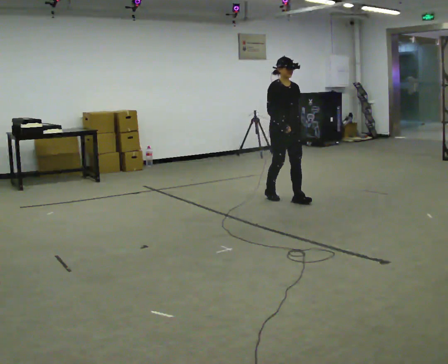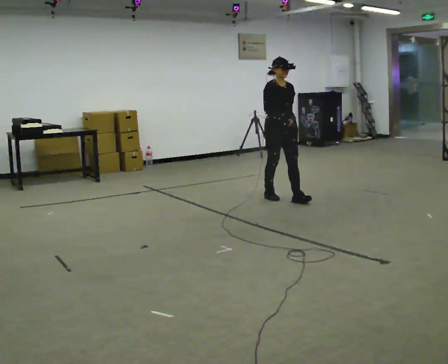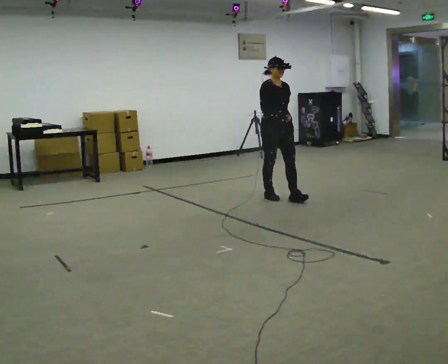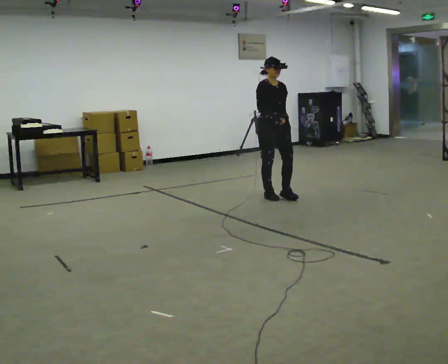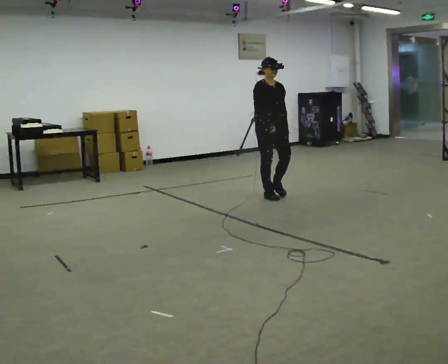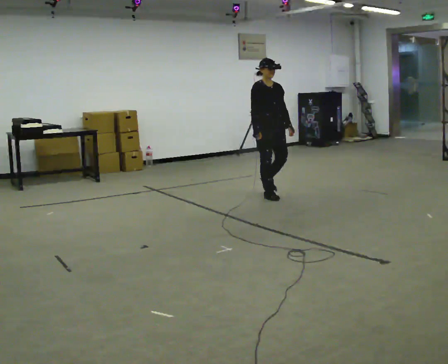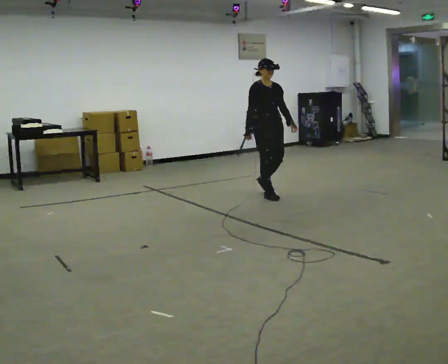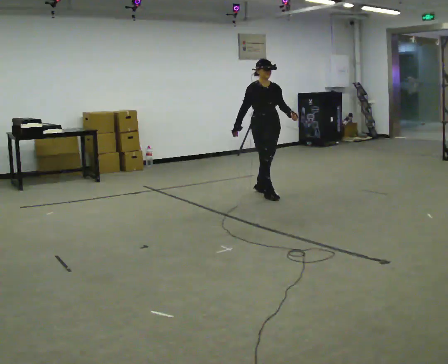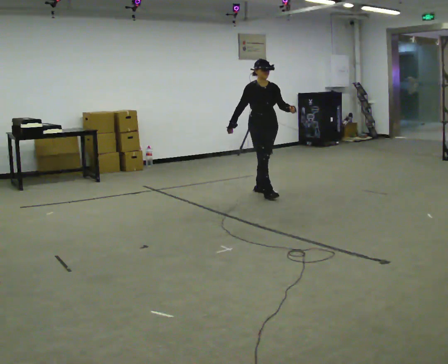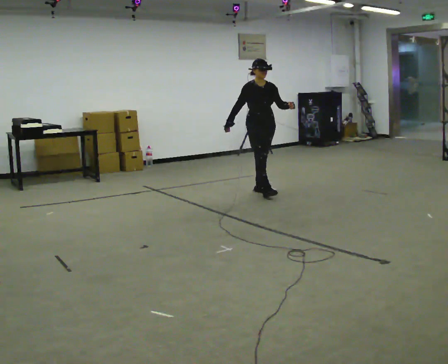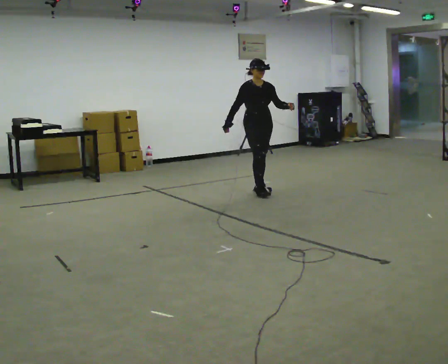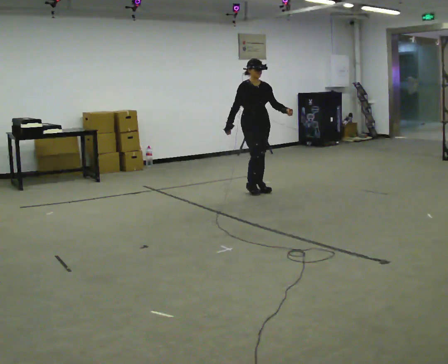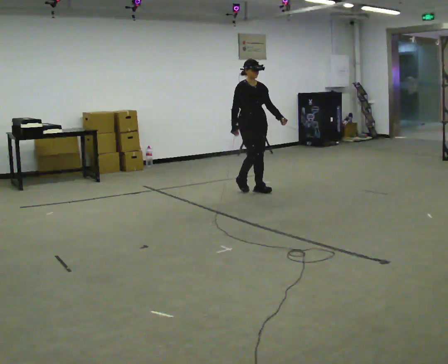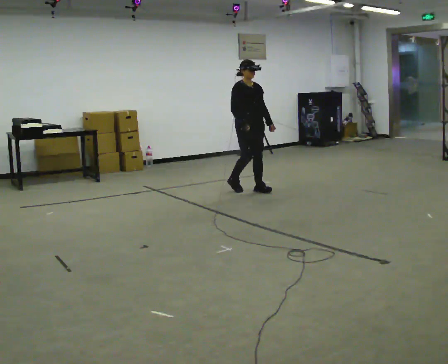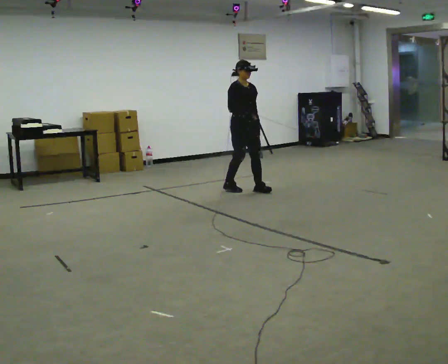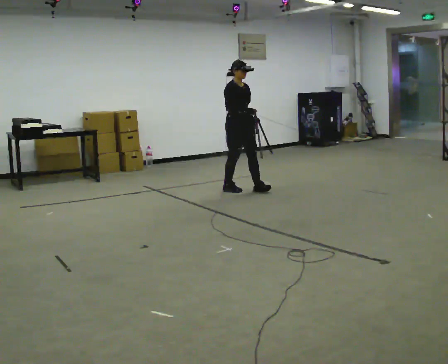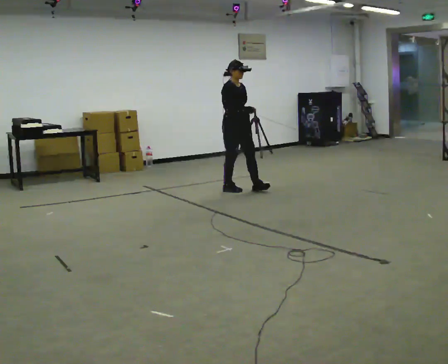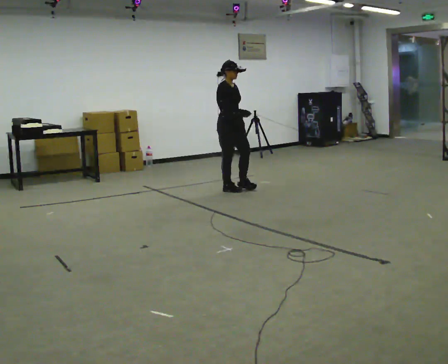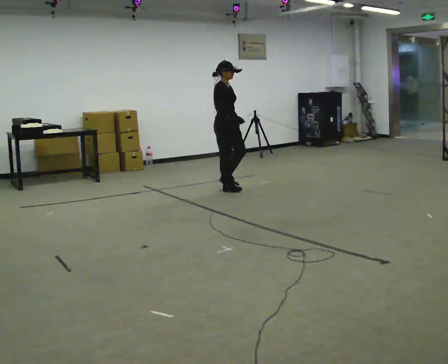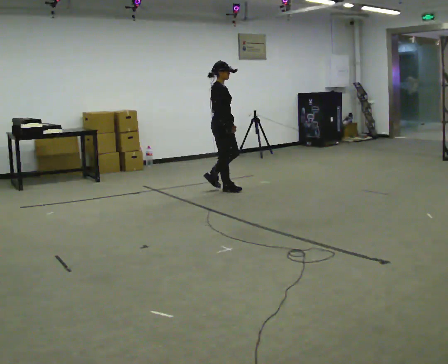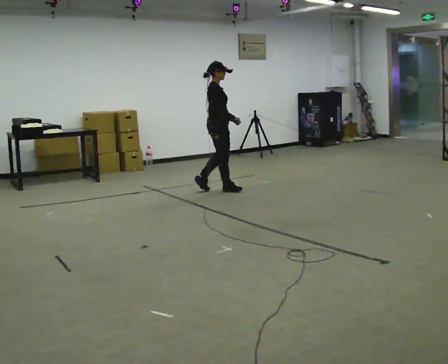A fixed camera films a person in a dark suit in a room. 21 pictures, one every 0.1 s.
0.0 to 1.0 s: In the picture they go away from the camera and to the left, about 0.5 m in 2 steps, which for them is backward.
1.0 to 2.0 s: The person turns about 60 degrees to their left, counterclockwise seen from above, so the part of the body nearest the lens slides to the right. In the picture they go to the left, about 0.5 m in 1 step.
The film runs backward here.
